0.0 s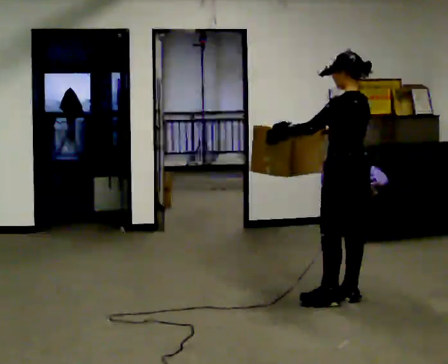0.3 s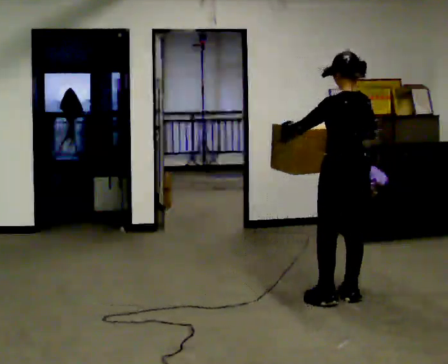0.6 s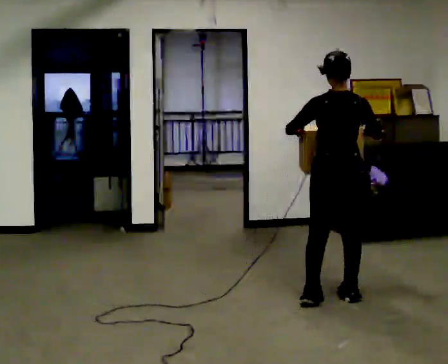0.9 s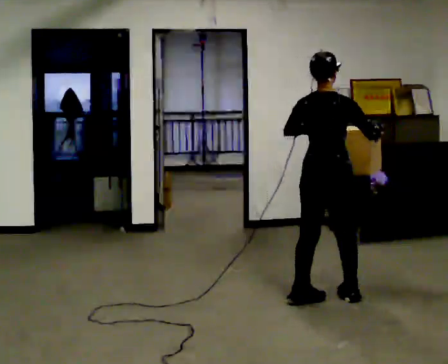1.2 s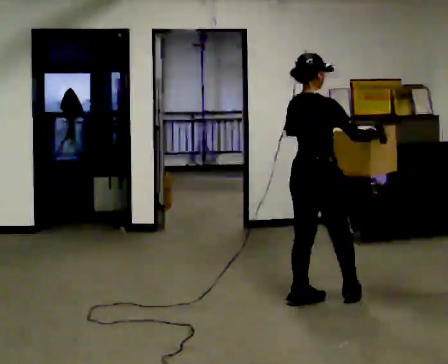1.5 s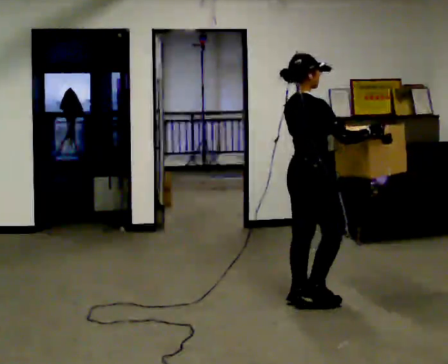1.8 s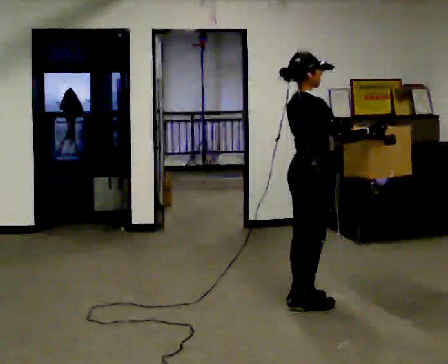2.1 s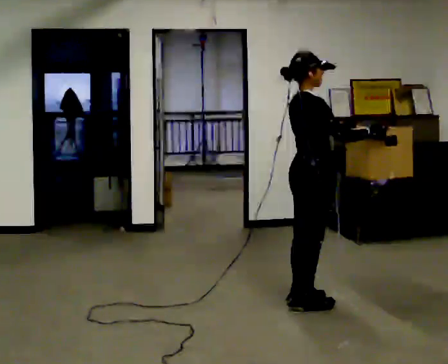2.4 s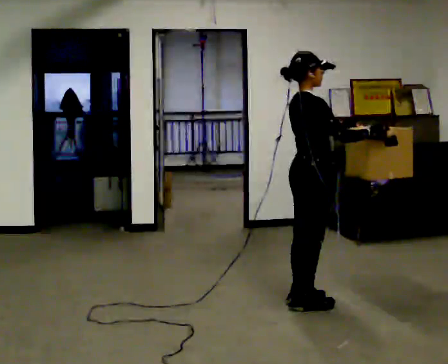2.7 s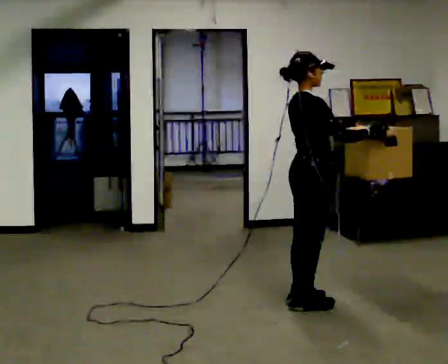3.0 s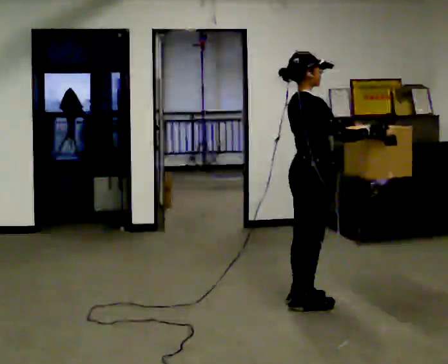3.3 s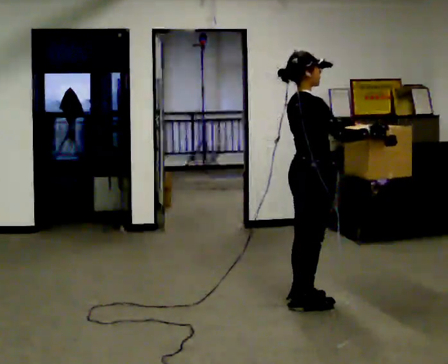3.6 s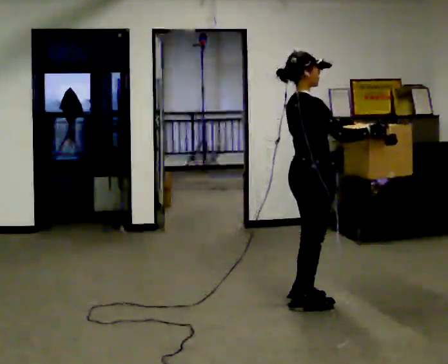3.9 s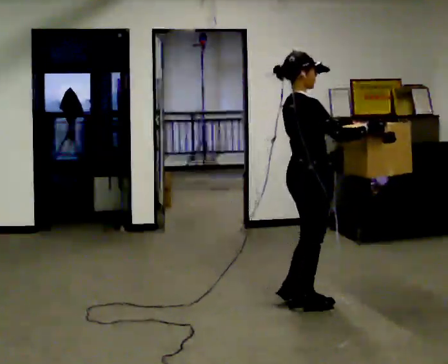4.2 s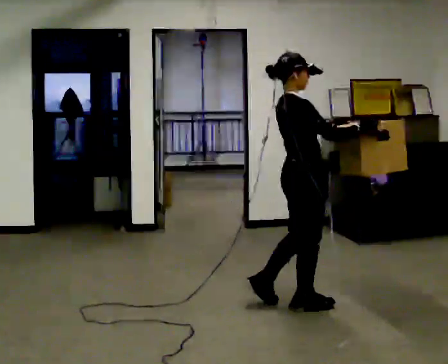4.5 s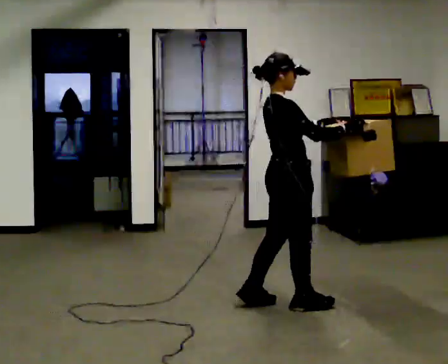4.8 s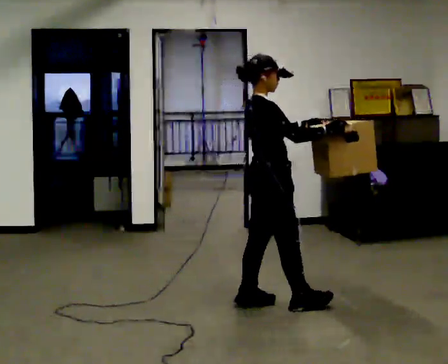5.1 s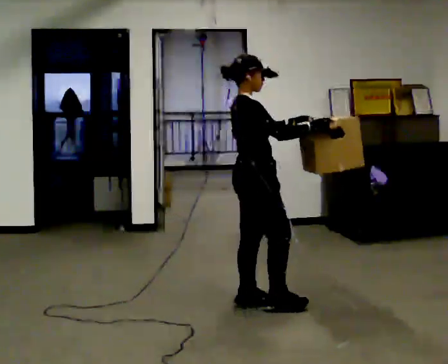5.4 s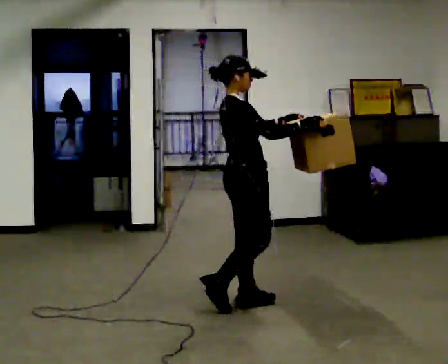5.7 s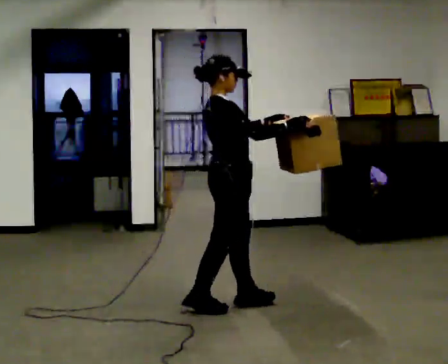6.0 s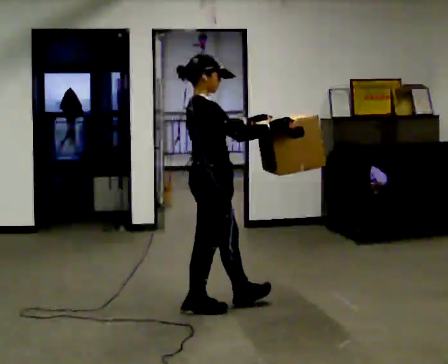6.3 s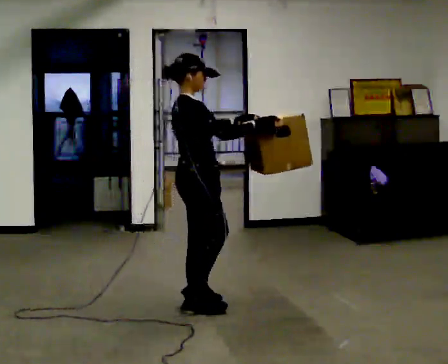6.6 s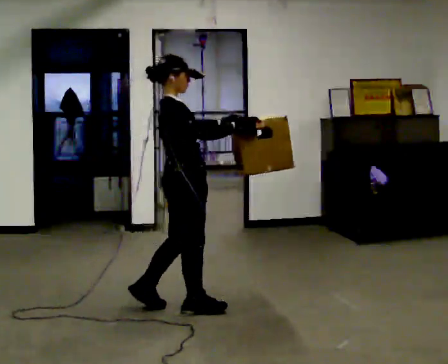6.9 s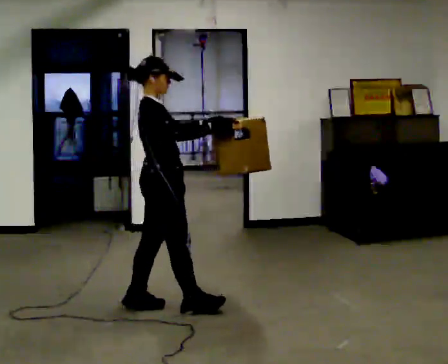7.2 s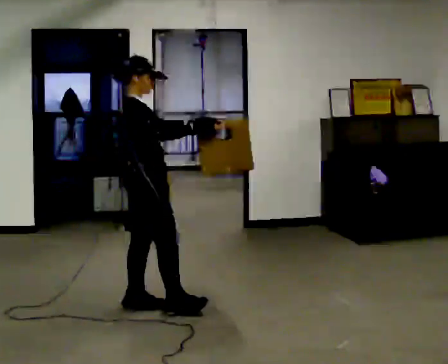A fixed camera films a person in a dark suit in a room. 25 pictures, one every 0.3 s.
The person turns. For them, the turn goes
to their right.
The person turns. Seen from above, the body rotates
clockwise.
0.0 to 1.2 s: Seen from above the body turns clockwise, about 105 degrees: to their right, with its near side sliding to the left. In the picture they go to the left, about 0.25 m in 2 steps. In the picture their right hand goes to the right.
1.2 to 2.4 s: Seen from above the body turns clockwise, about 30 degrees: to their right, with its near side sliding to the left.
2.4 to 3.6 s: The person moves a little, or ends about where they began.
3.6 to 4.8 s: In the picture they go to the left, about 0.25 m in 1 step, which for them is backward.
4.8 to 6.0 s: In the picture they go to the left, about 0.25 m in 1 step, which for them is backward.
6.0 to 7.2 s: In the picture they go to the left, about 0.5 m in 2 steps, which for them is backward.
The film runs backward here.
